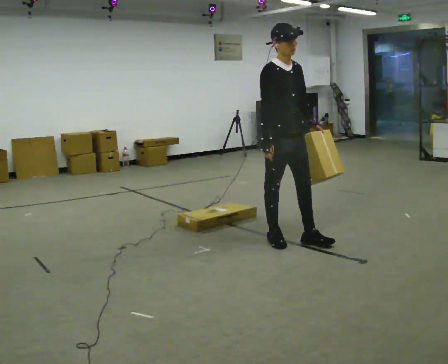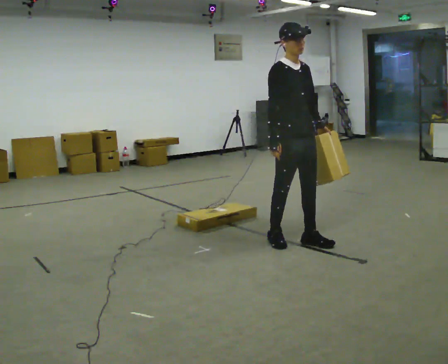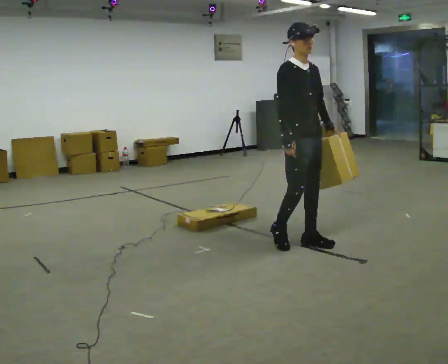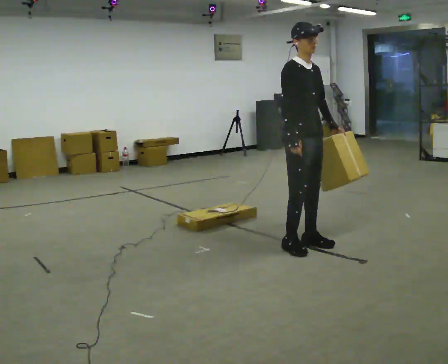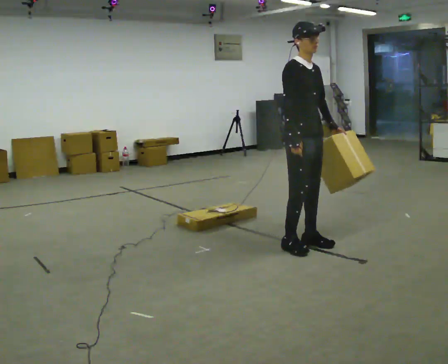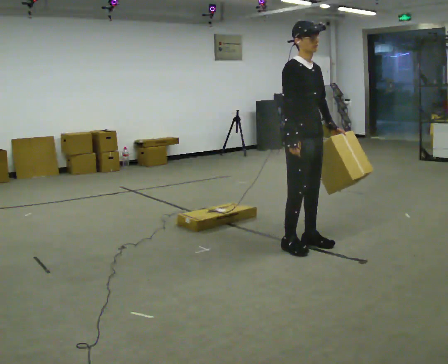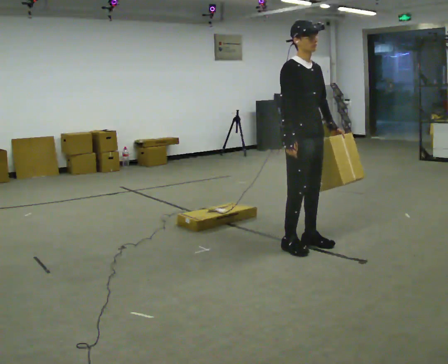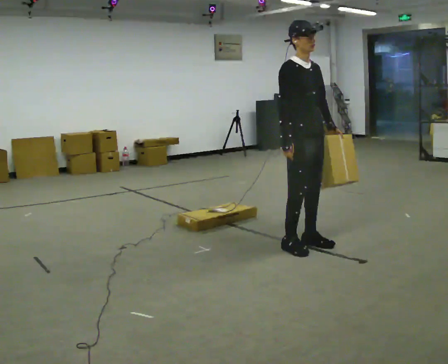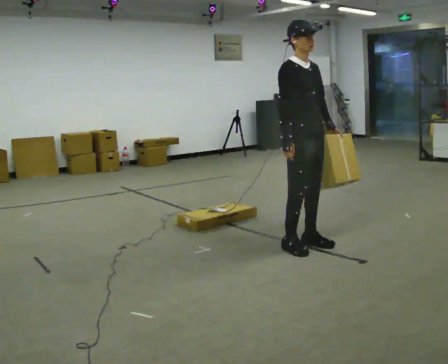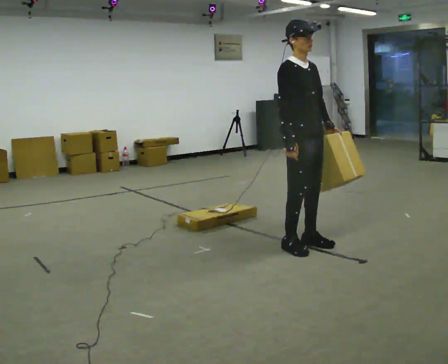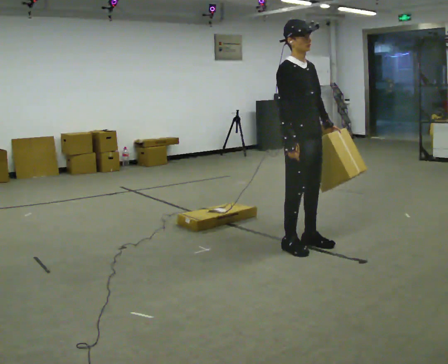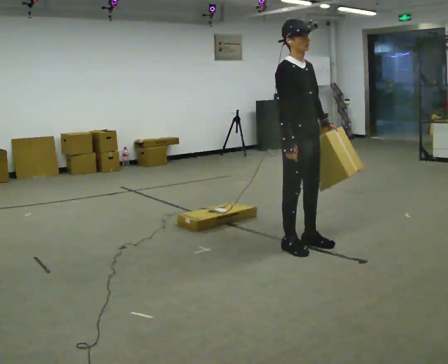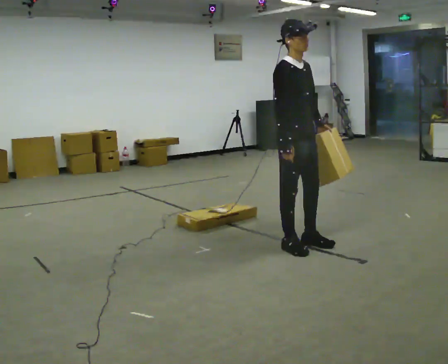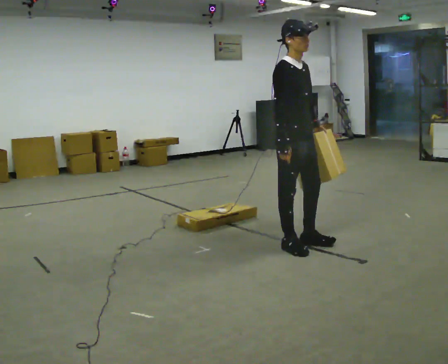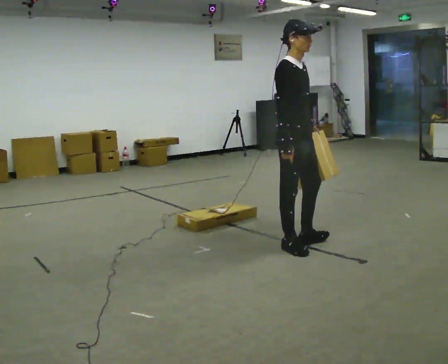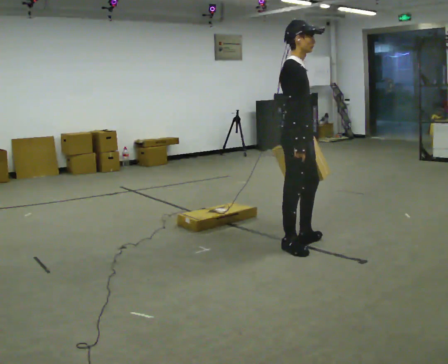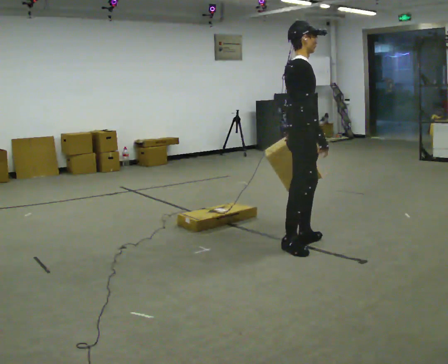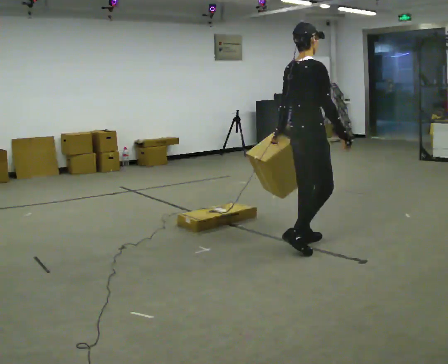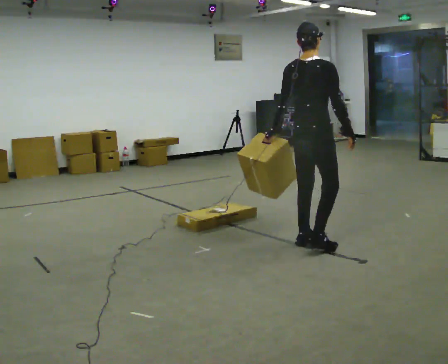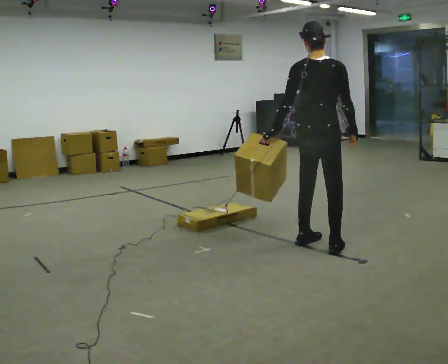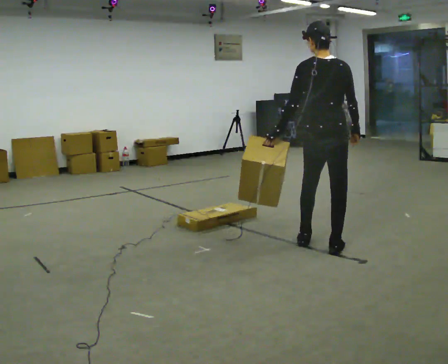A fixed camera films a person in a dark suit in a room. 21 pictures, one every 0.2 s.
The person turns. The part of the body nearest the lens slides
to the right.
Their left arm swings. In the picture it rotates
clockwise.
0.0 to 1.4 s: In the picture they go to the right, about 0.25 m in 1 step, which for them is forward.
1.4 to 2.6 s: The person moves a little, or ends about where they began.
2.6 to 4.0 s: The person turns about 120 degrees to their left, counterclockwise seen from above, so the part of the body nearest the lens slides to the right. In the picture they go to the right, about 0.25 m in 1 step.
The film runs forward here.
